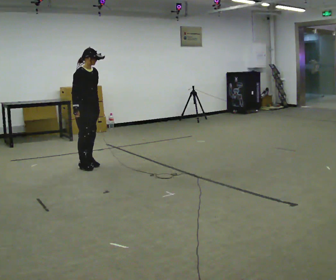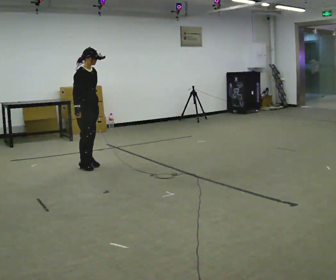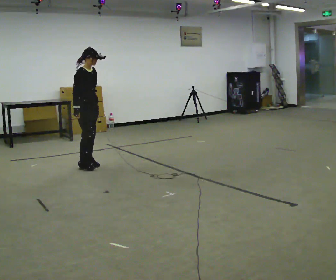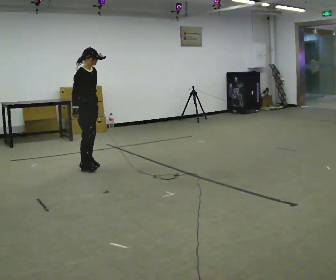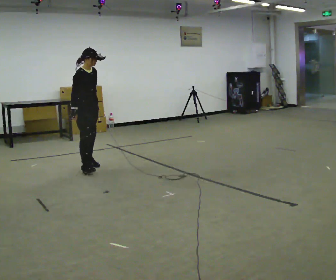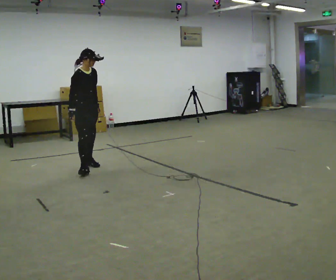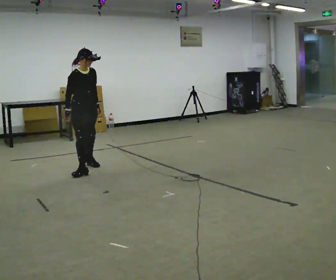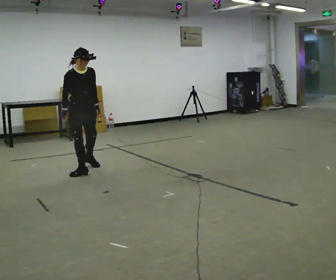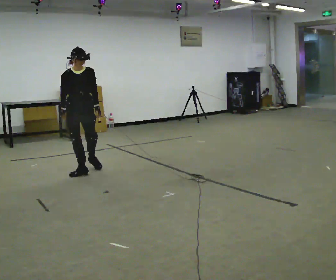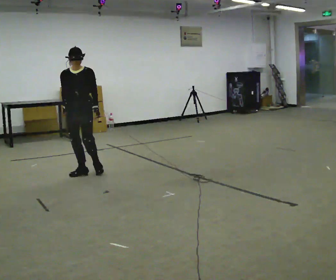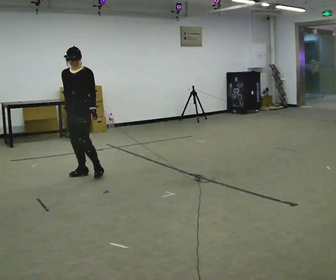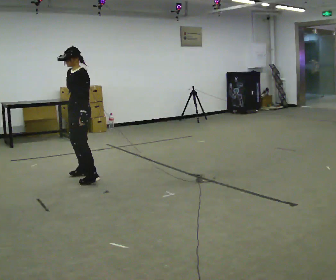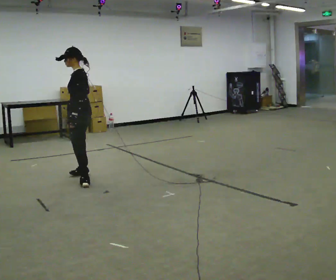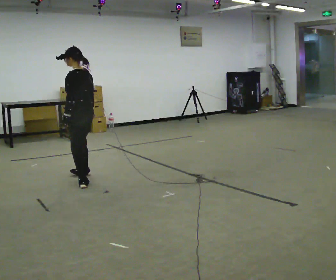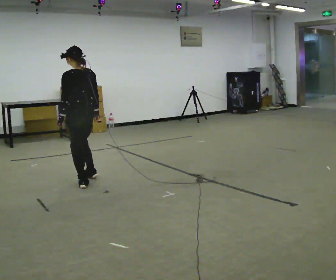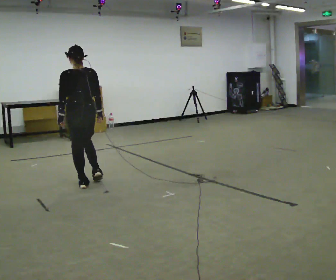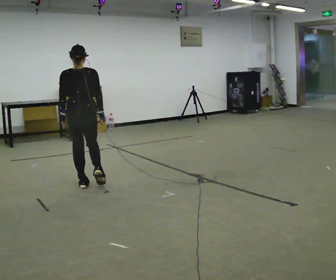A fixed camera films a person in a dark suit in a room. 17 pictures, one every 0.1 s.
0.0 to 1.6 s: Seen from above the body turns clockwise, about 225 degrees: to their right, with its near side sliding to the left. In the picture they go toward the camera, about 1 m in 3 steps.
The film runs backward here.
